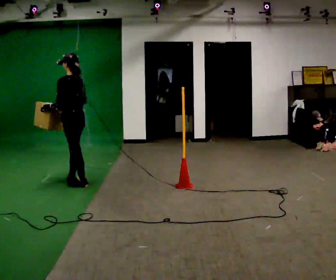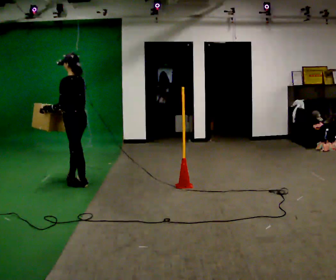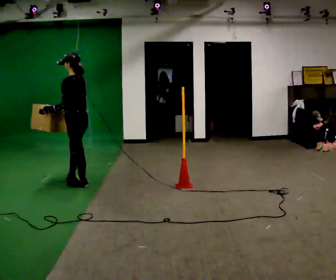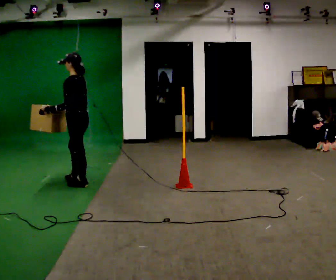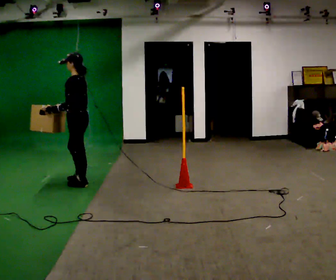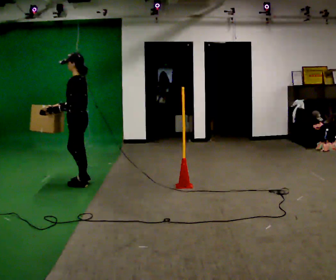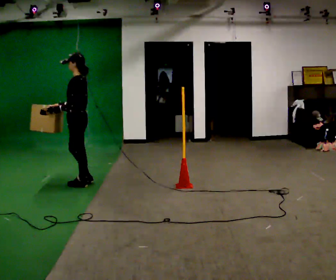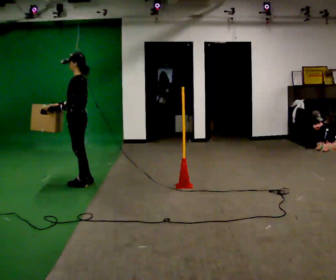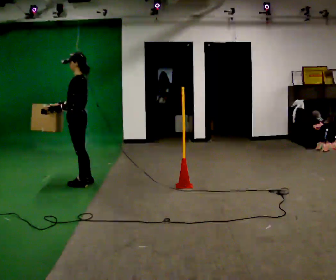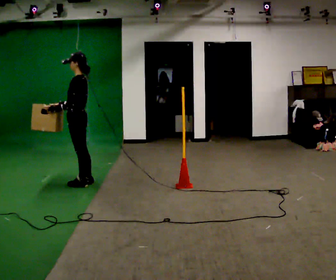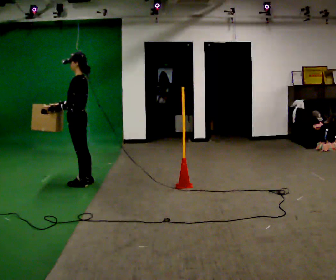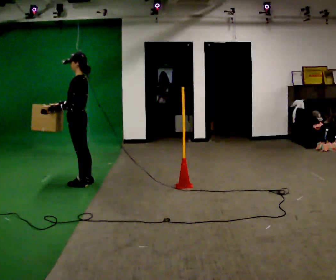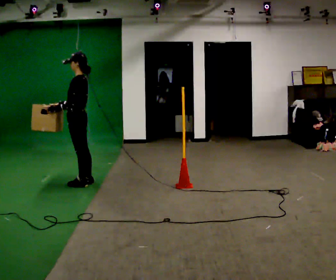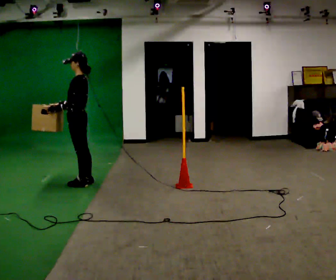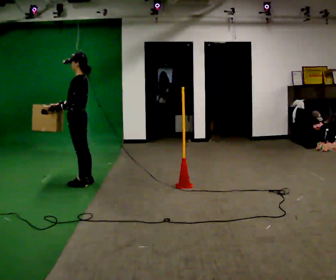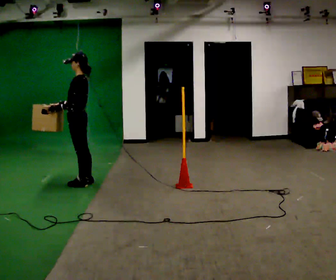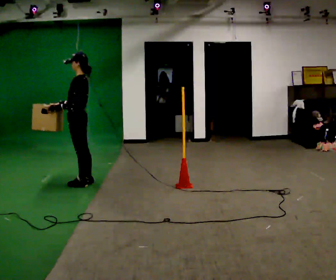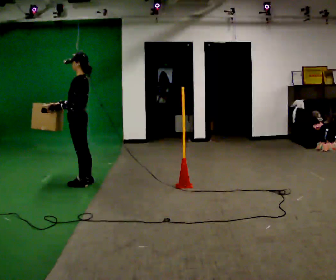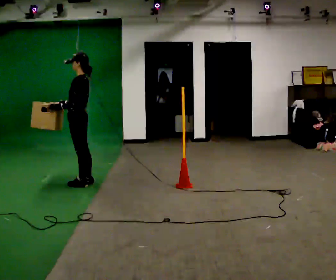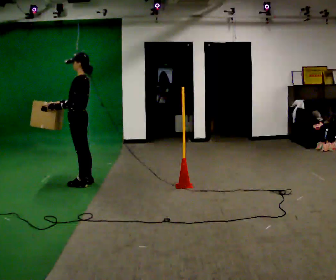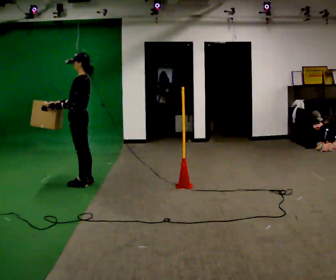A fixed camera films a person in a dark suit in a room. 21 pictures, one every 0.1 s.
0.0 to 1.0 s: The person turns about 30 degrees to their left, counterclockwise seen from above, so the part of the body nearest the lens slides to the right.
1.0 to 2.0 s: The person moves a little, or ends about where they began.
The film runs backward here.
